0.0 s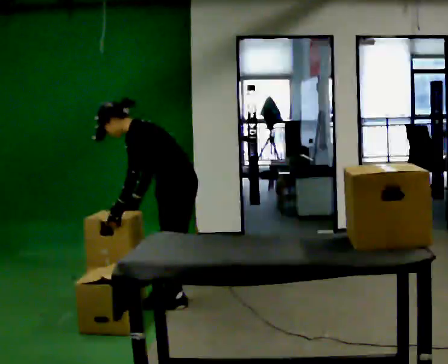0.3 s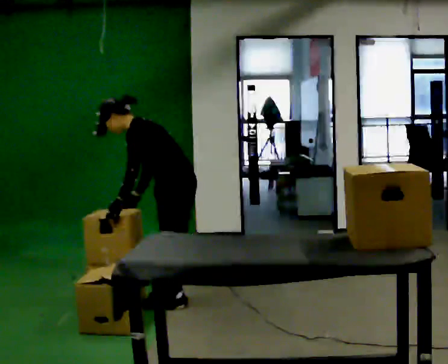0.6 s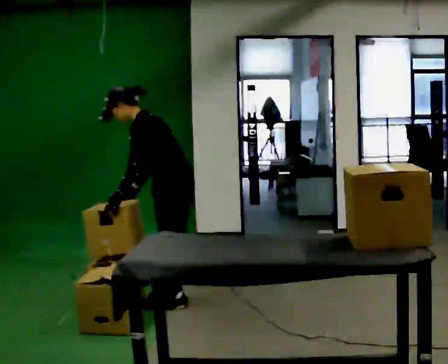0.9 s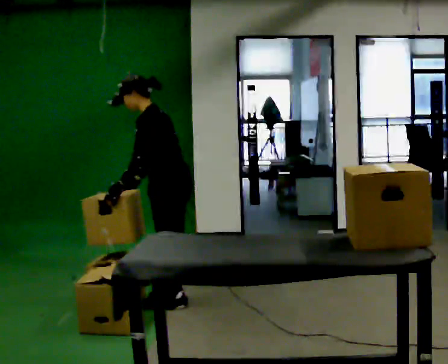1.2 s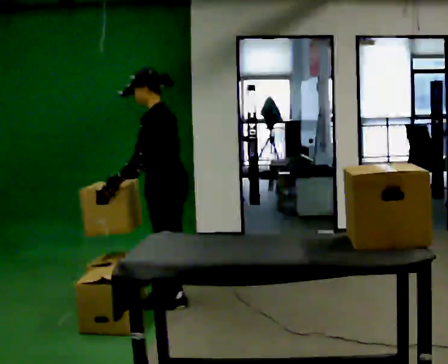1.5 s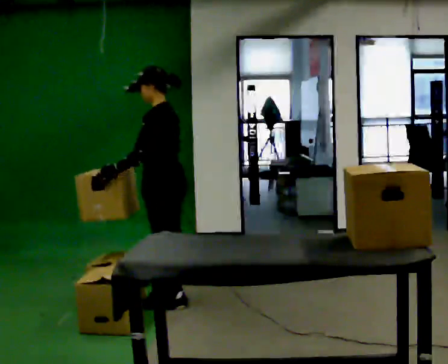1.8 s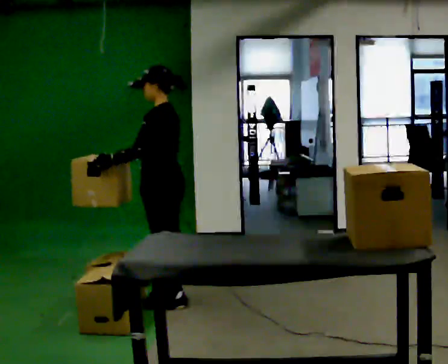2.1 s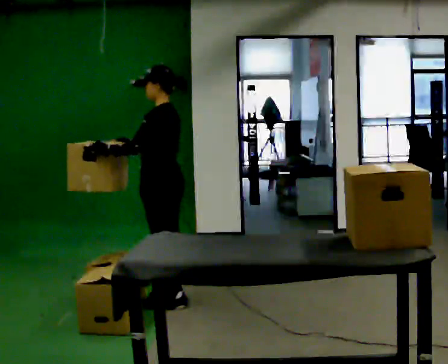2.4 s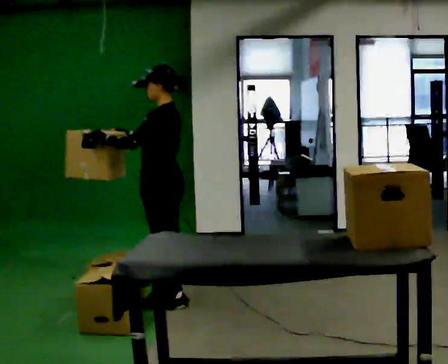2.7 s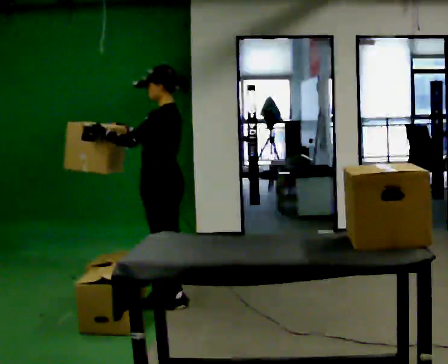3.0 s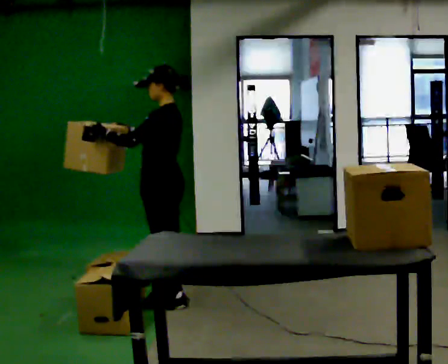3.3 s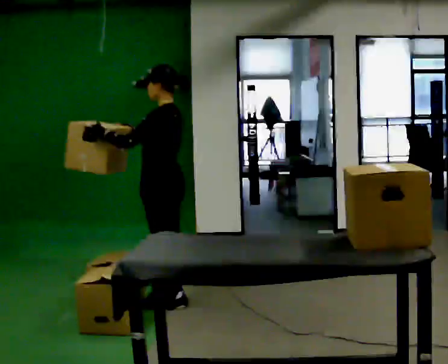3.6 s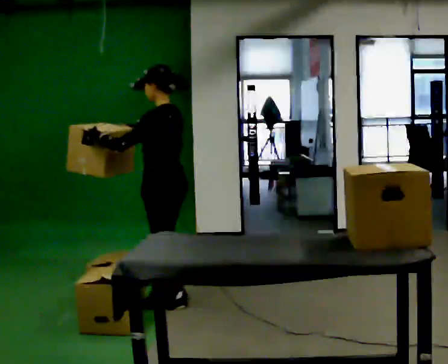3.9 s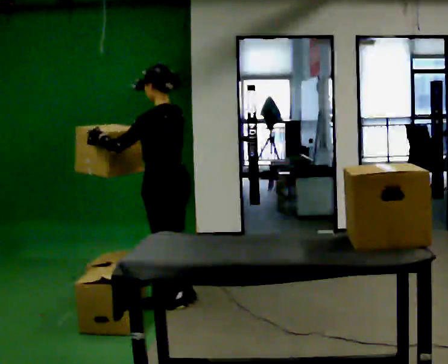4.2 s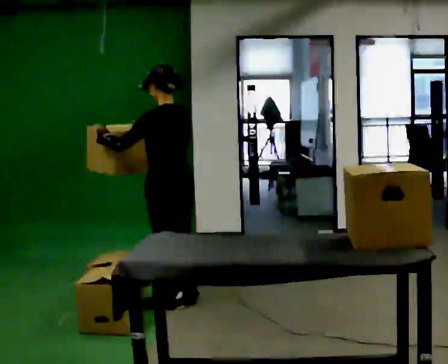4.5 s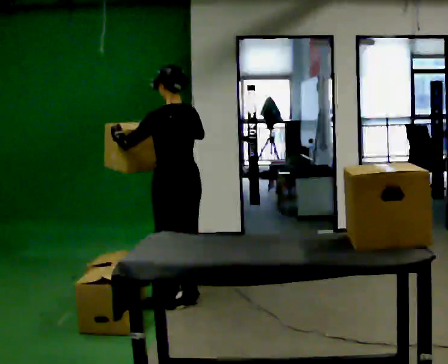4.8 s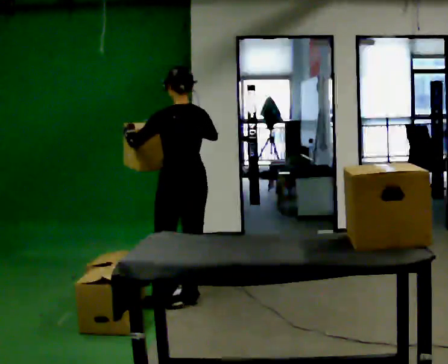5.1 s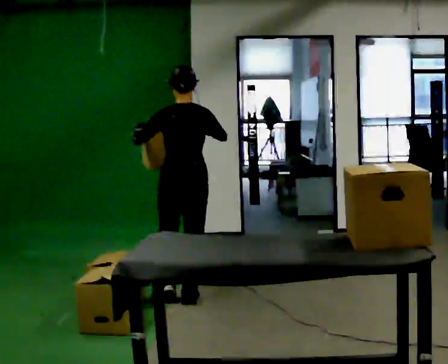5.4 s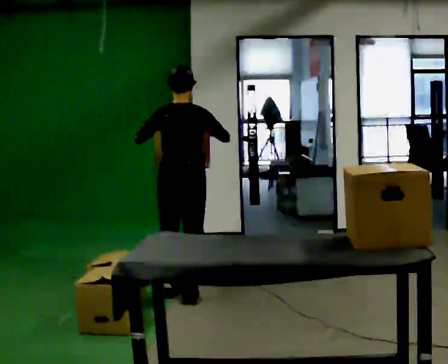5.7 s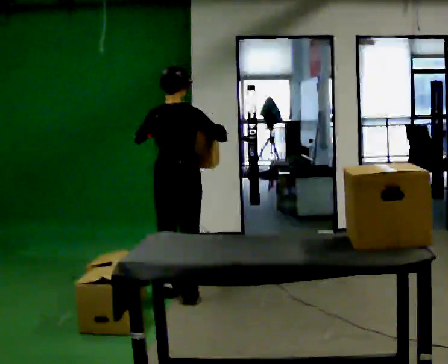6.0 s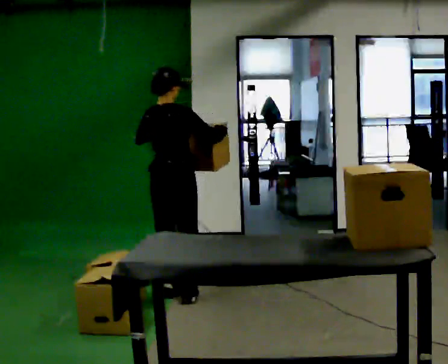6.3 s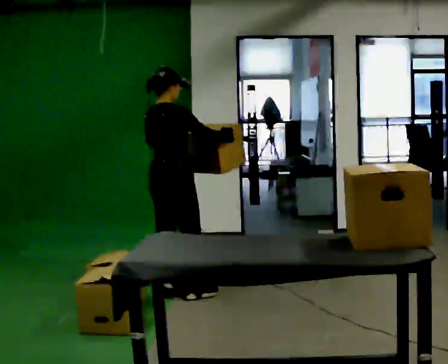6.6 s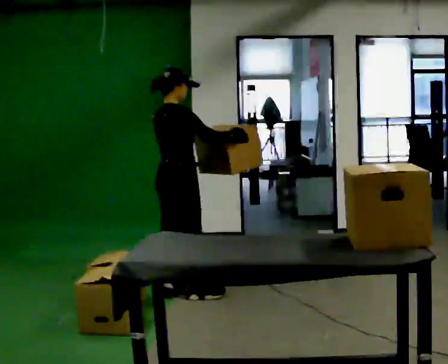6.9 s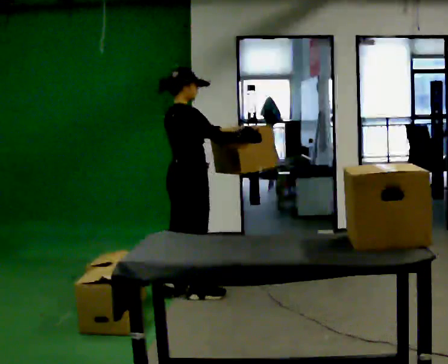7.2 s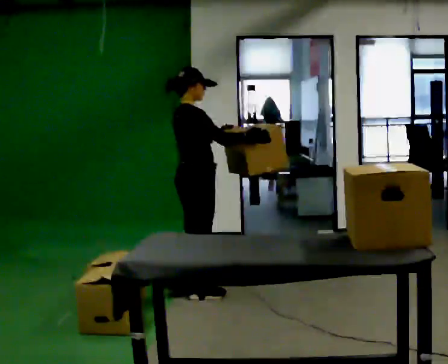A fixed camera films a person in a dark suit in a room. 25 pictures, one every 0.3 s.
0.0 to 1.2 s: In the picture the upper body tilts clockwise, shoulders to the right, as they lean back or straighten.
1.2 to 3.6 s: The person moves a little, or ends about where they began.
3.6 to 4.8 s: Seen from above the body turns clockwise, about 45 degrees: to their right, with its near side sliding to the left. In the picture their right hand goes to the right.
4.8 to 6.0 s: The person turns about 60 degrees to their right, clockwise seen from above, so the part of the body nearest the lens slides to the left.
6.0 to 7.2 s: The part of the body nearest the lens slides to the left as the person turns to their right by about 45 degrees. In the picture they go to the right, about 0.25 m in 1 step. In the picture their left hand goes to the right.
The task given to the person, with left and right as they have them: Pick up the next box in the row and carry it to the table. The operator will not tell you how heavy each one is. Keep going until the operator says stop; one object at a time, and do not rush between trips.
The film runs forward here.
